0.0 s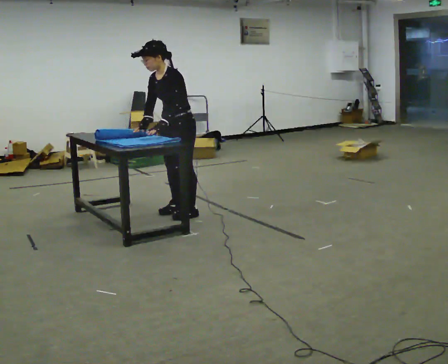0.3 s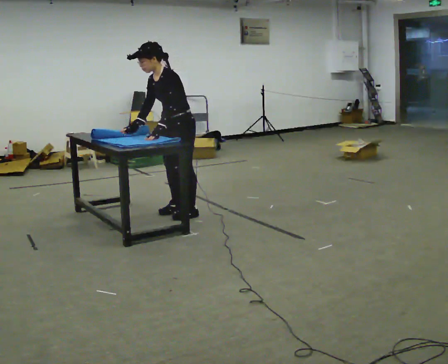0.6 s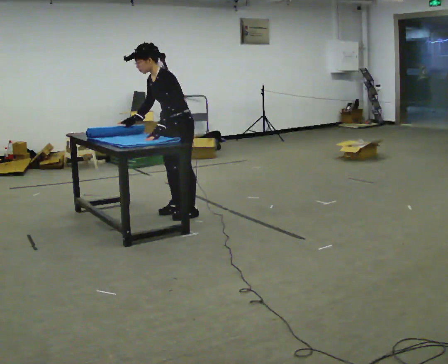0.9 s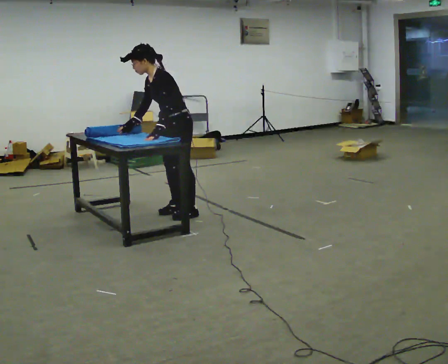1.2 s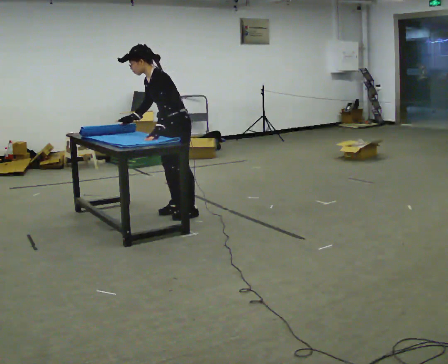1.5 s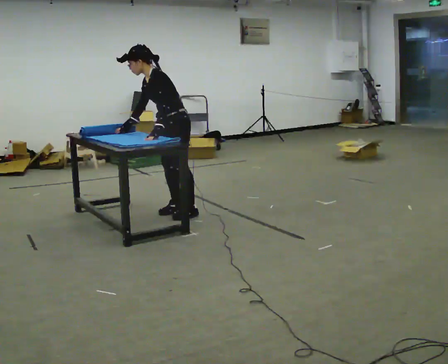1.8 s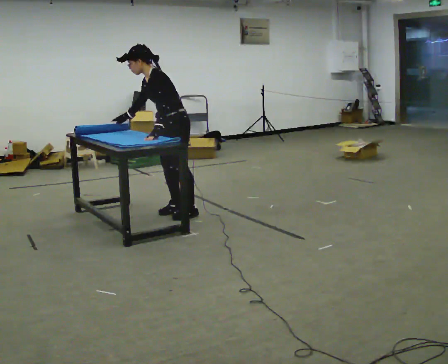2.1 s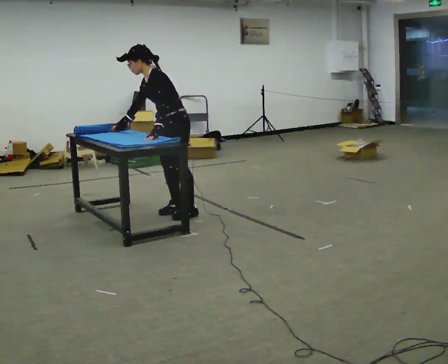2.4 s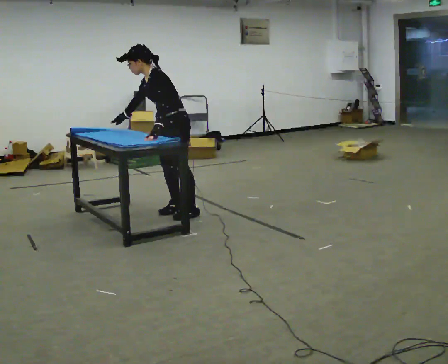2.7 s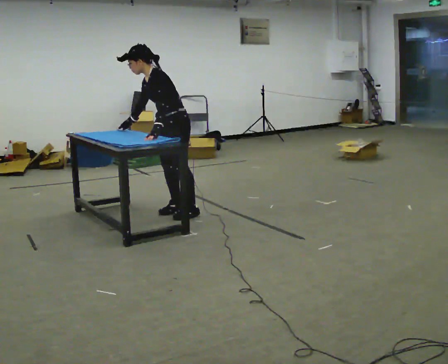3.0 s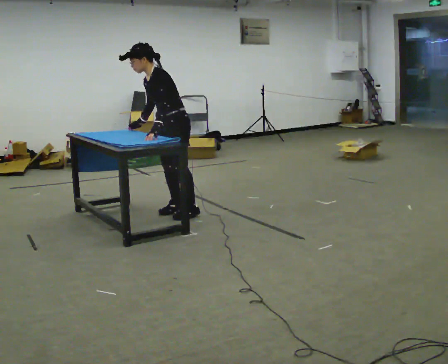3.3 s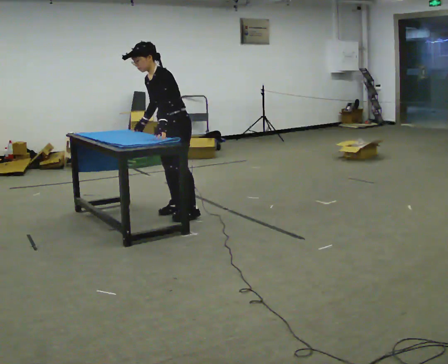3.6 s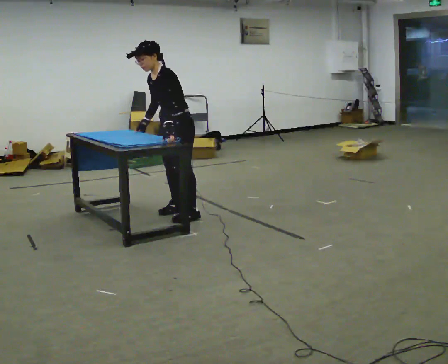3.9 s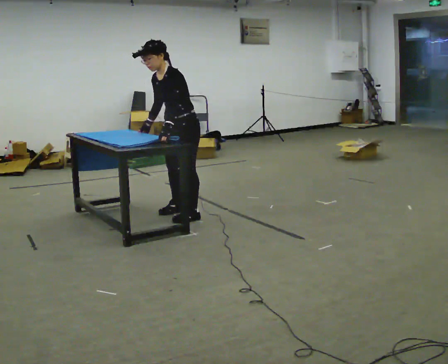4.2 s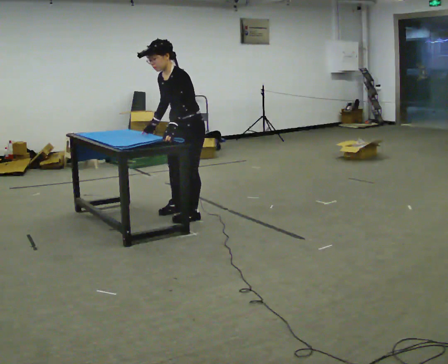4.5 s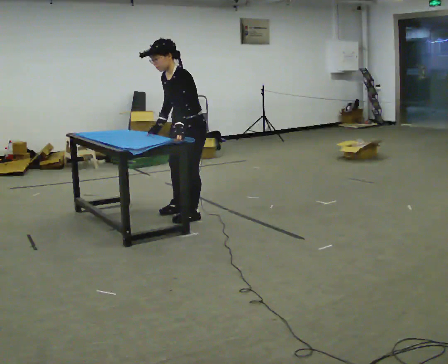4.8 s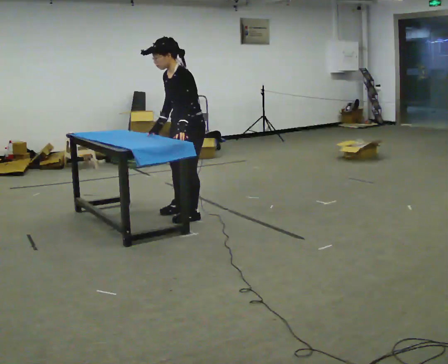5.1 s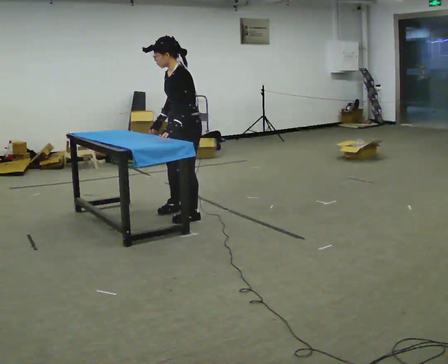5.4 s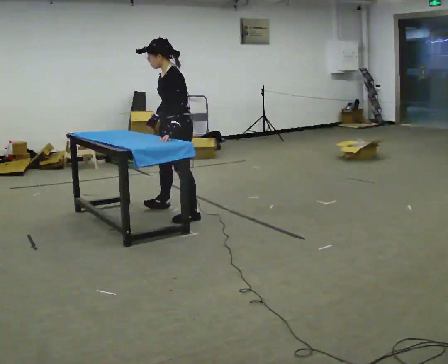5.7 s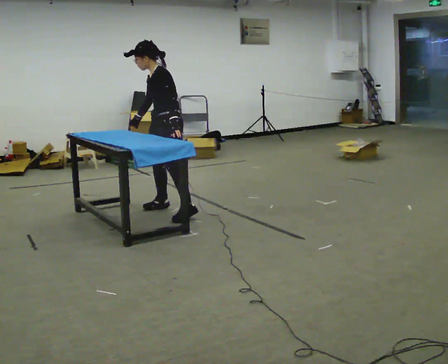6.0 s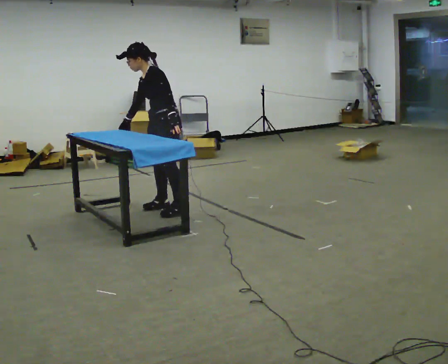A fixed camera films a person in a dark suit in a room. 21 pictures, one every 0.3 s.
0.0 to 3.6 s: The person moves a little, or ends about where they began.
3.6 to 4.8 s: In the picture they go toward the camera, about 0.25 m, which for them is to their left.
4.8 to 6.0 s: In the picture they go away from the camera and to the left, about 0.5 m in 1 step, which for them is to their right. The upper body tips away from the camera, its near side rolling upward.
The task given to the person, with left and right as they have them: Roll the mat up from one end, then unroll it again. Repeat at your own pace until the operator says stop.
The film runs forward here.
